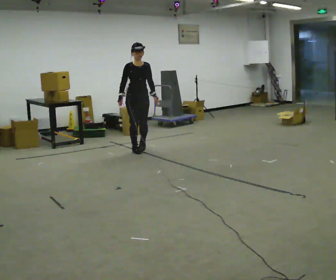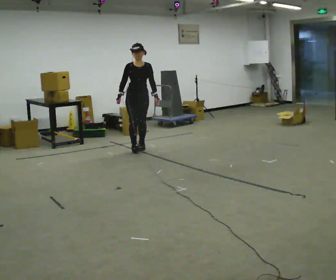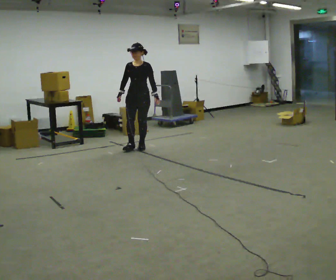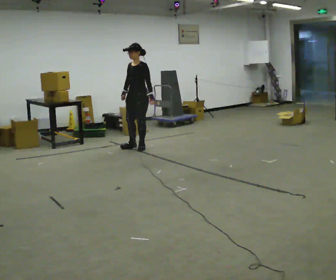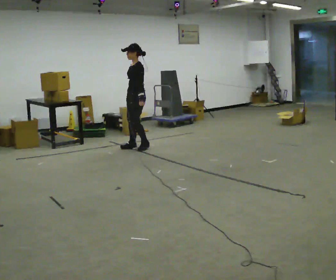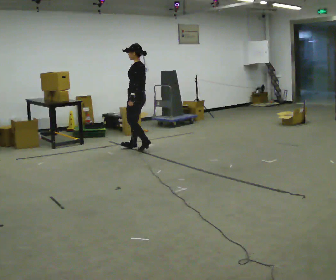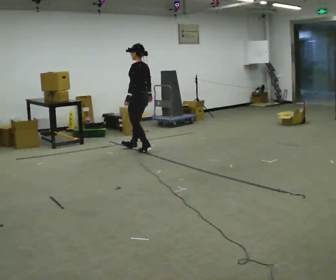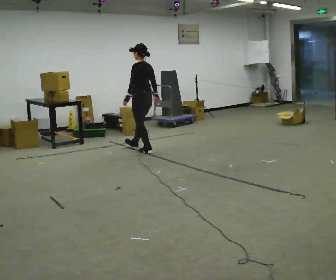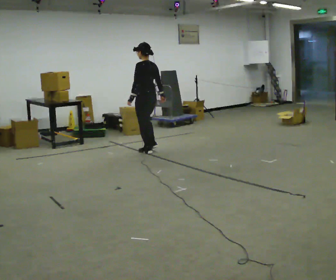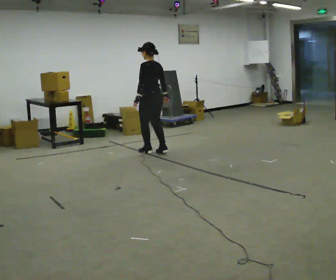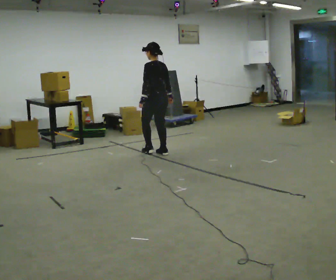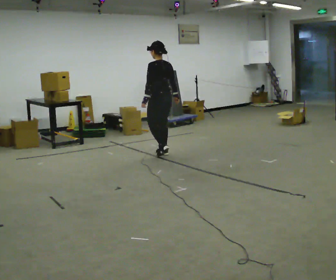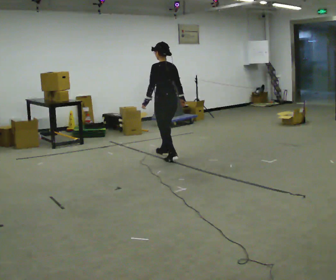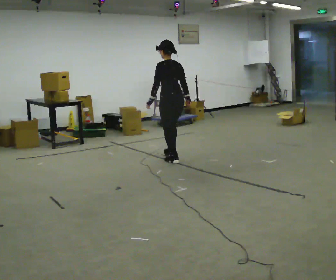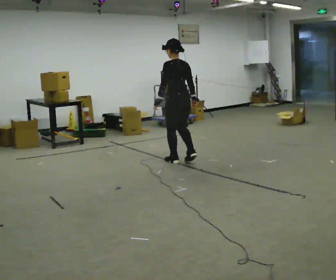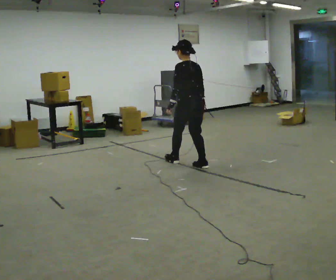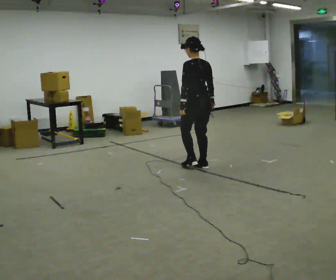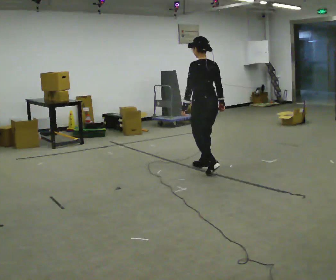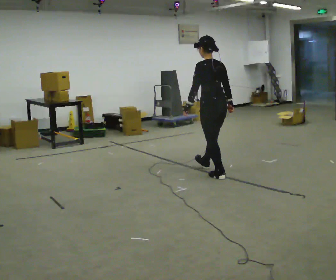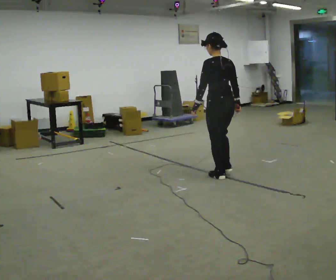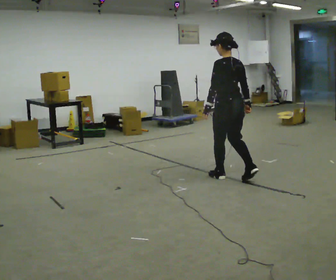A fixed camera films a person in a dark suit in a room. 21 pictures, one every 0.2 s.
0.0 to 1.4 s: The part of the body nearest the lens slides to the left as the person turns to their right by about 150 degrees. In the picture their right hand goes to the right, the arm swinging counterclockwise.
1.4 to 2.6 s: In the picture they go toward the camera and to the right, about 0.5 m in 2 steps, which for them is backward.
2.6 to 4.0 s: In the picture they go toward the camera and to the right, about 1 m in 2 steps, which for them is backward.
The film runs forward here.
